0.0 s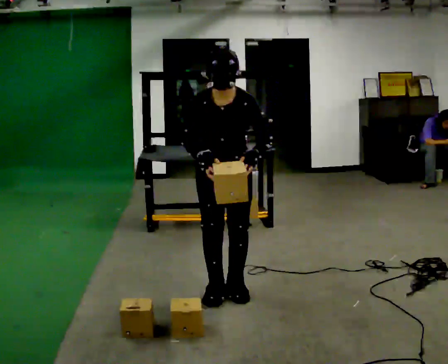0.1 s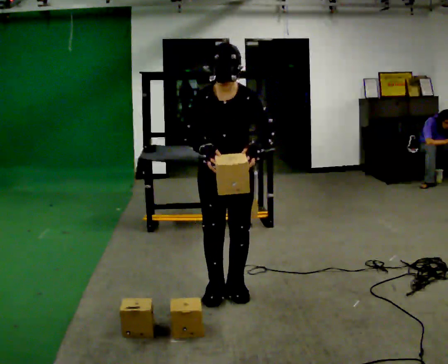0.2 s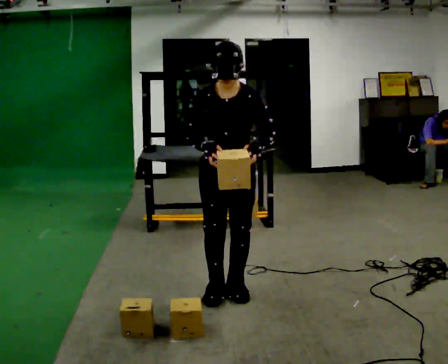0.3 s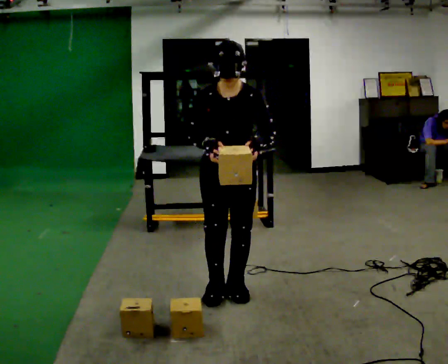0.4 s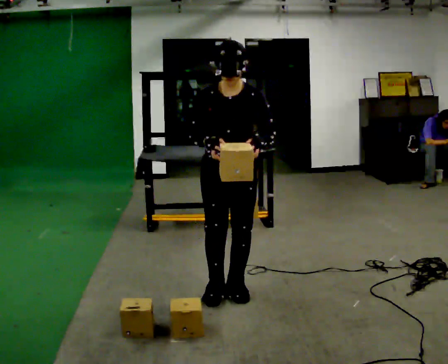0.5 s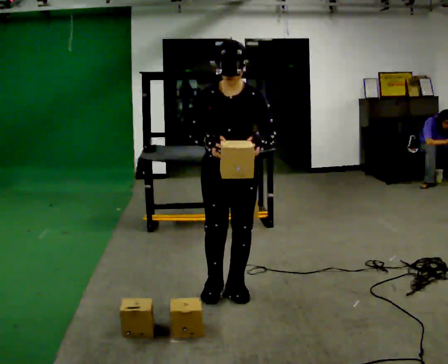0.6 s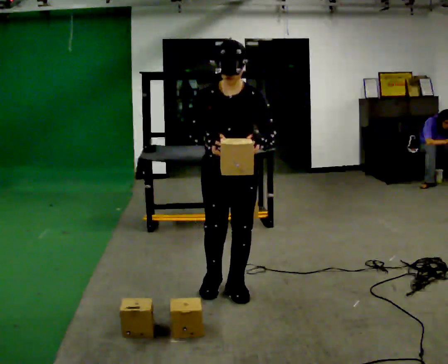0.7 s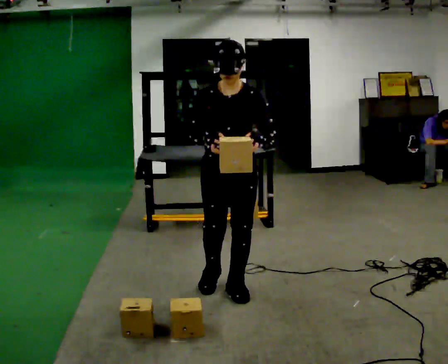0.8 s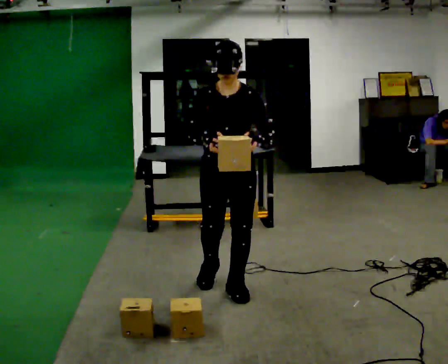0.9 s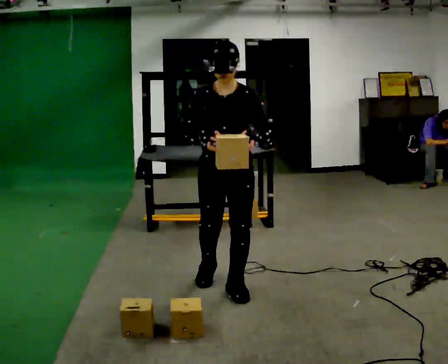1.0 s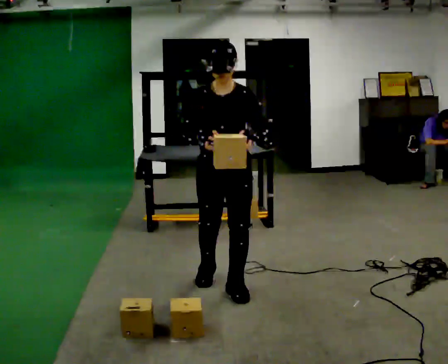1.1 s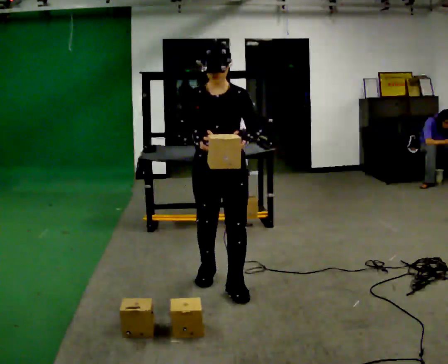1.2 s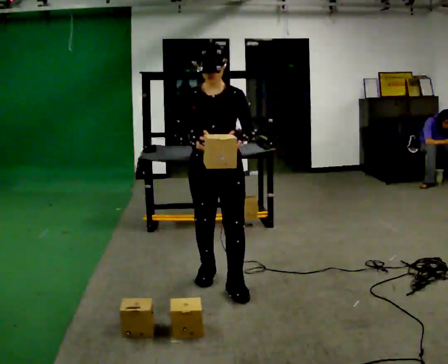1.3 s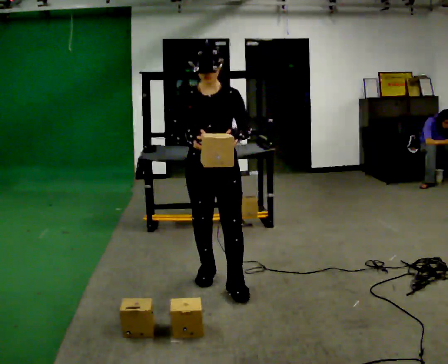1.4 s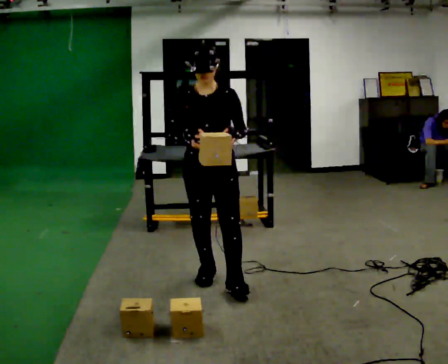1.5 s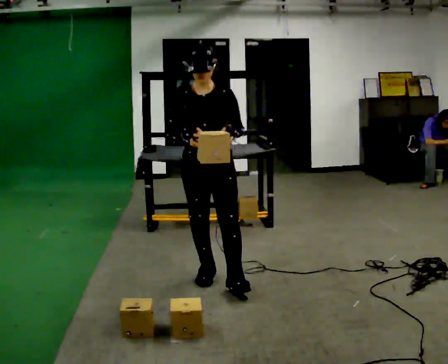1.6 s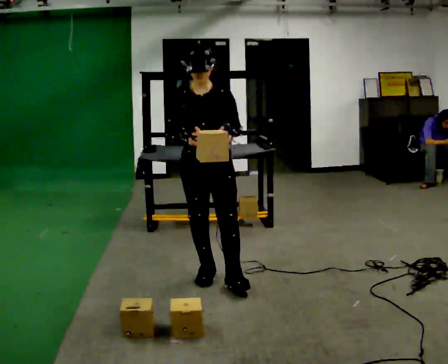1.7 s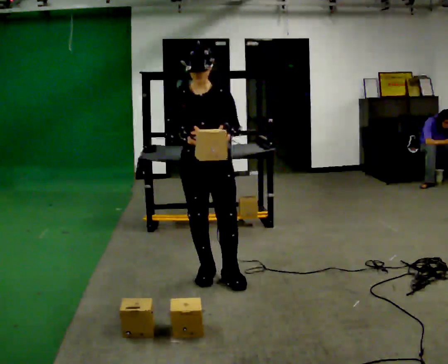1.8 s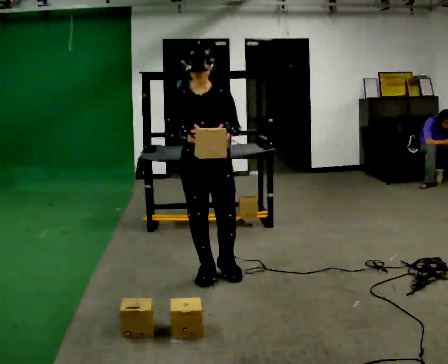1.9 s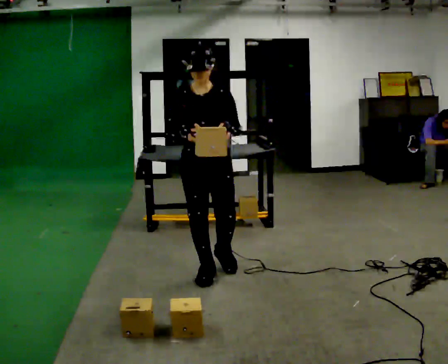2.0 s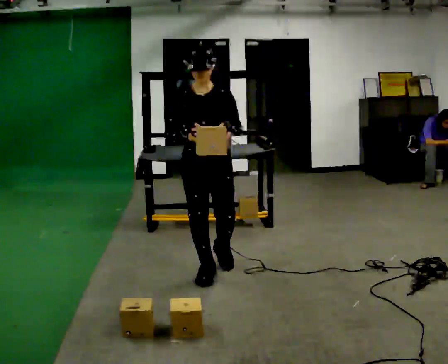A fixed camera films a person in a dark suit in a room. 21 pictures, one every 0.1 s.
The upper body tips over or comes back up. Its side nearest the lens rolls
upward.
0.0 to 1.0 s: The upper body tips away from the camera, its near side rolling upward, as they lean back or straighten.
1.0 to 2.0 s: In the picture they go away from the camera, about 0.25 m in 1 step, which for them is backward and to their right.
The film runs backward here.
